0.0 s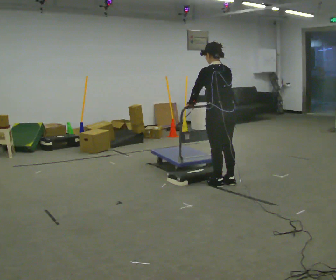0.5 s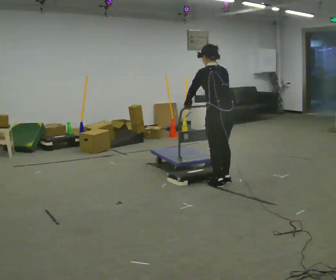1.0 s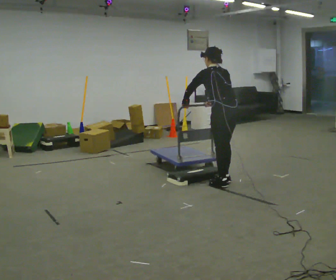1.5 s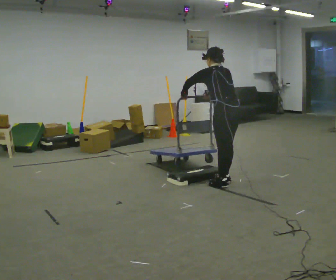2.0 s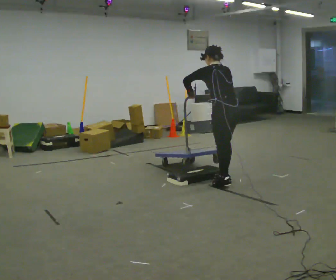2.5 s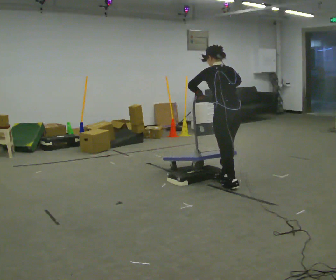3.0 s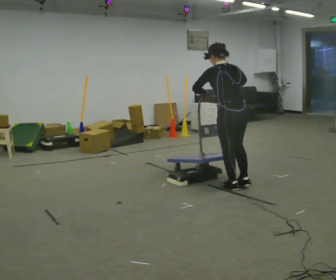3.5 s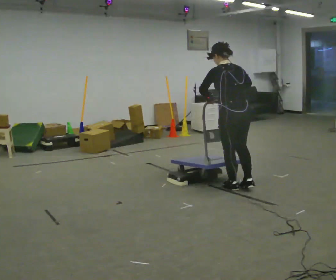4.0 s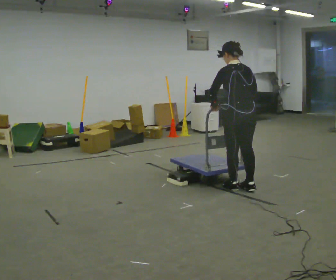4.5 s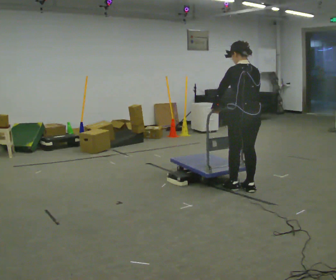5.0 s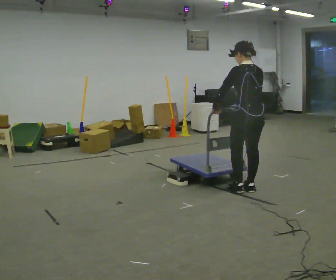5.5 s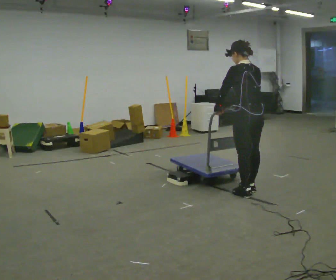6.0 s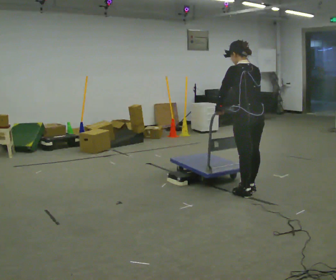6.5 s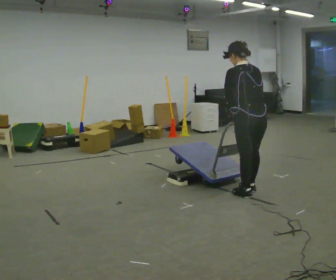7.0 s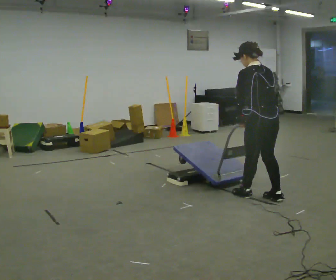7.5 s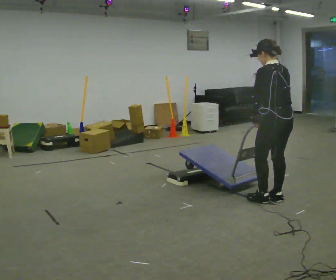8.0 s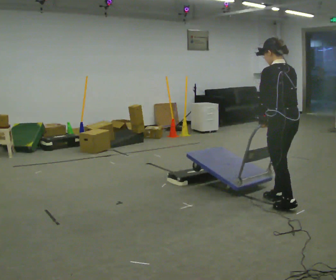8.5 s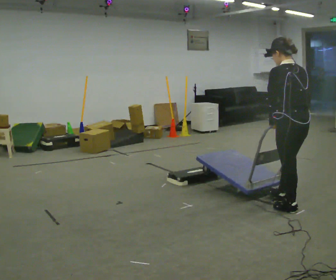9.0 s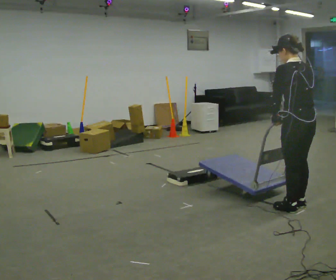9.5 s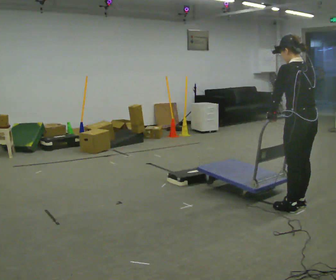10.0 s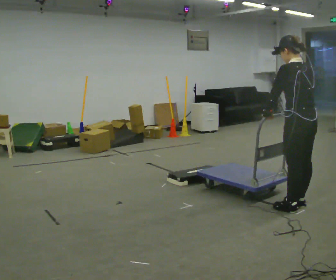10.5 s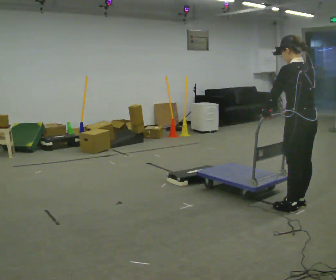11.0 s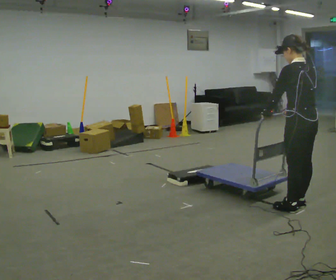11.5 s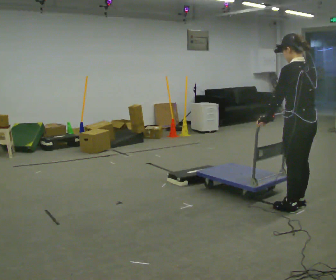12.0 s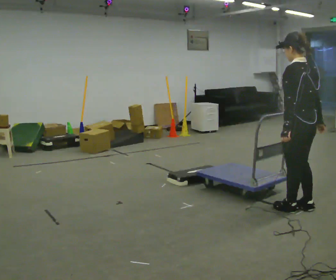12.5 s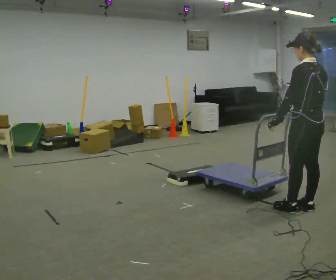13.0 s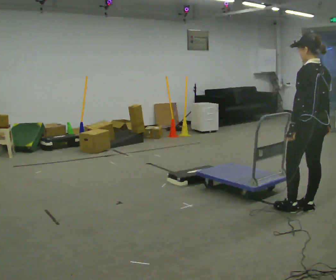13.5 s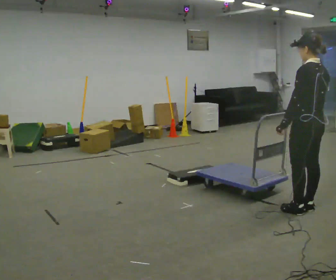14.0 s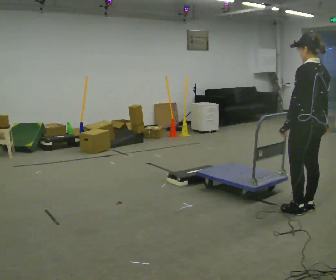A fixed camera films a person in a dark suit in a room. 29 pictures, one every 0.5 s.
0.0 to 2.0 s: The person moves a little, or ends about where they began.
2.0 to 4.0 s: In the picture they go toward the camera and to the right, about 0.25 m in 1 step, which for them is backward.
4.0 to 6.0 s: In the picture they go toward the camera, about 0.25 m in 1 step, which for them is backward.
6.0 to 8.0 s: In the picture they go to the right and toward the camera, about 0.5 m in 2 steps, which for them is backward.
8.0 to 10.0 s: In the picture they go to the right, about 0.25 m in 1 step, which for them is backward.
10.0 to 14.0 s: The person moves a little, or ends about where they began.
The film runs forward here.
